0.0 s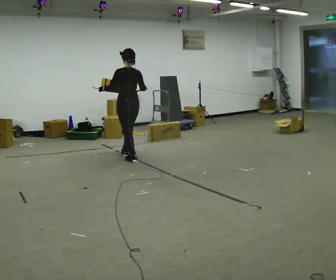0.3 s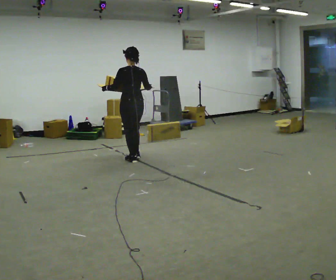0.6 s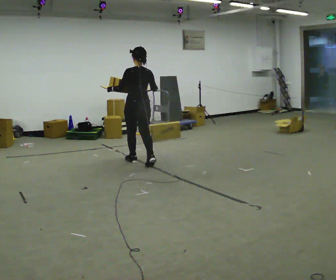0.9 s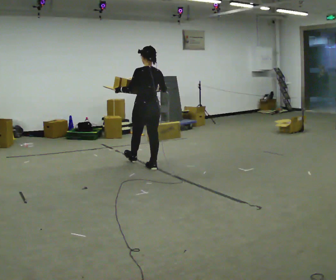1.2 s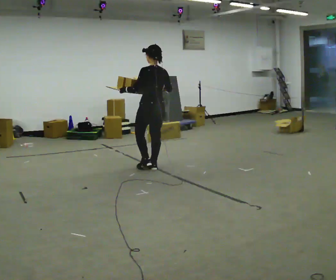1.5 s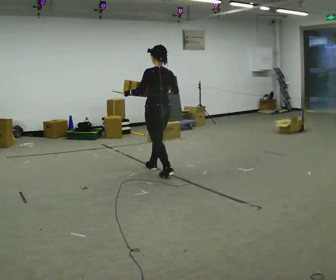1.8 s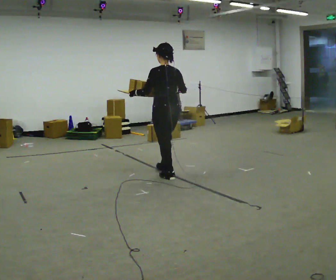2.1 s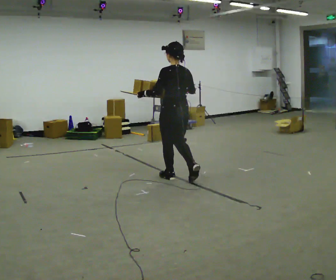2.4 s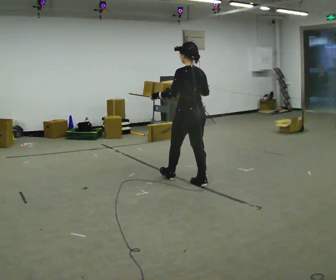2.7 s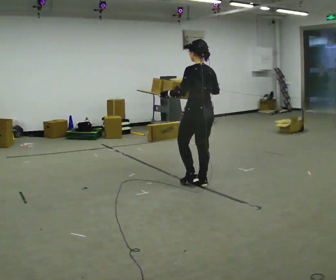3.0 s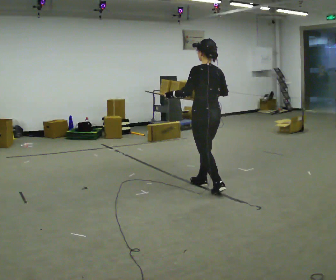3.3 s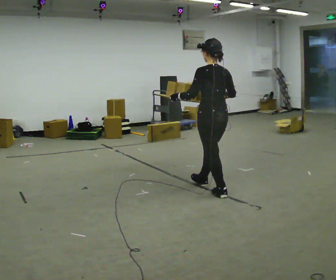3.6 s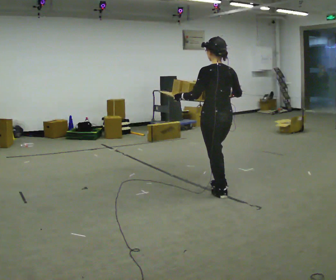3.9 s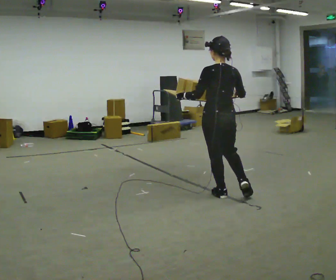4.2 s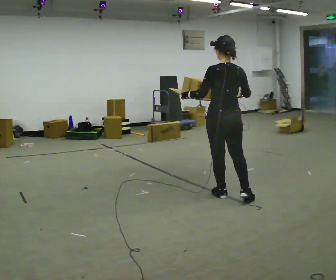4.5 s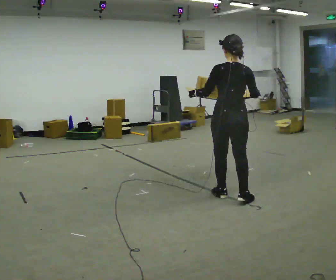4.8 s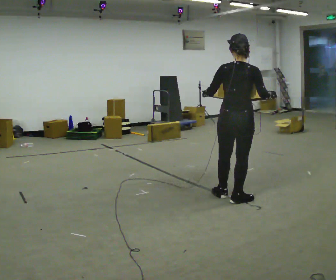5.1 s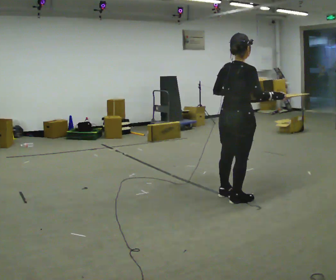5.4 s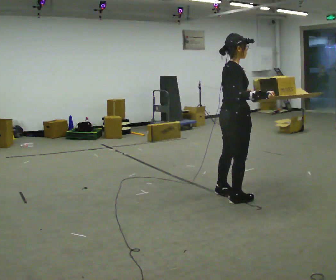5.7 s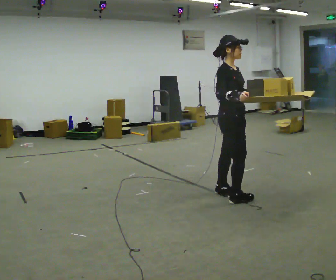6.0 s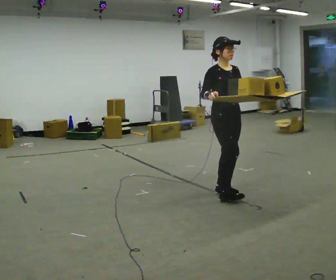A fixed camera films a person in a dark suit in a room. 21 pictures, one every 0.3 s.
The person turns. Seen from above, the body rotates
clockwise.
The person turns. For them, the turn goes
to their right.
0.0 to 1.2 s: In the picture they go toward the camera and to the right, about 0.75 m in 2 steps, which for them is backward.
1.2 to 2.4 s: In the picture they go toward the camera and to the right, about 1 m in 1 step, which for them is backward.
2.4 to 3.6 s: In the picture they go toward the camera and to the right, about 0.5 m in 2 steps, which for them is backward.
3.6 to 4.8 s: Seen from above the body turns clockwise, about 45 degrees: to their right, with its near side sliding to the left. In the picture they go to the right and toward the camera, about 0.25 m, which for them is backward and to their right.
4.8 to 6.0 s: The part of the body nearest the lens slides to the left as the person turns to their right by about 120 degrees. In the picture they go away from the camera, about 0.25 m in 1 step. In the picture their left hand goes to the right.
The film runs backward here.
